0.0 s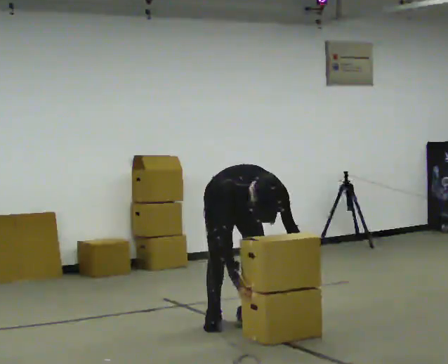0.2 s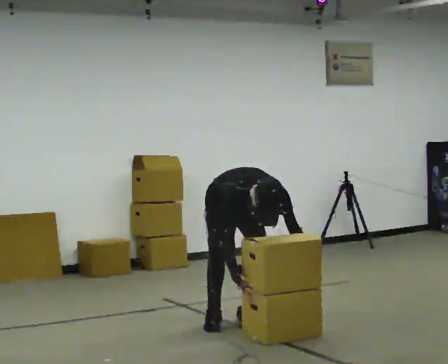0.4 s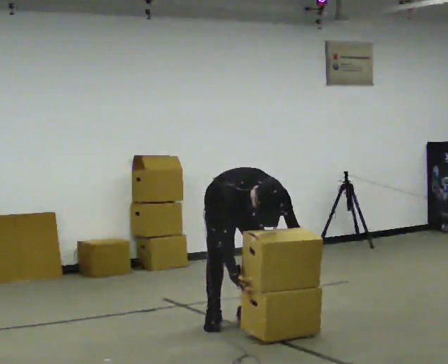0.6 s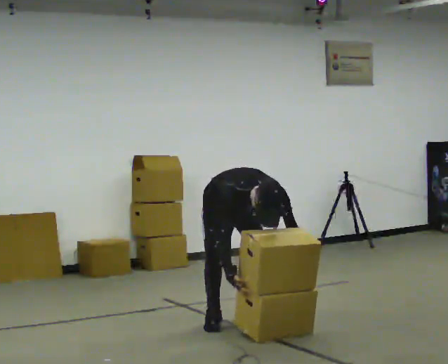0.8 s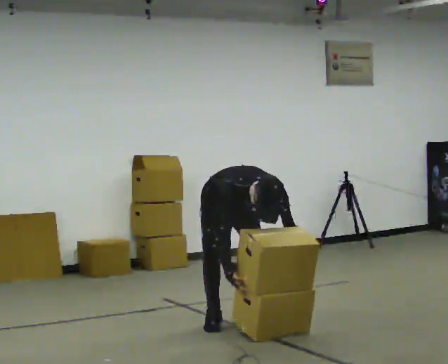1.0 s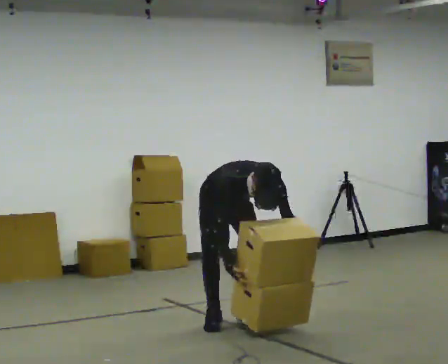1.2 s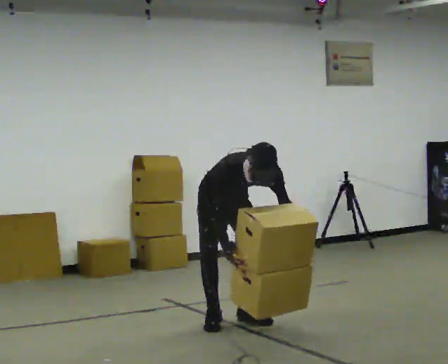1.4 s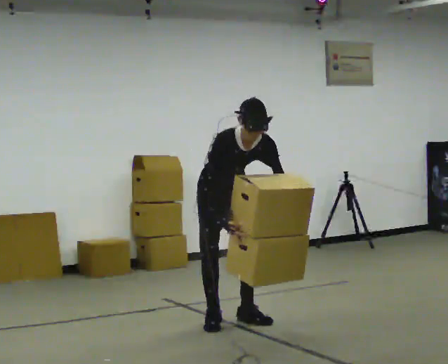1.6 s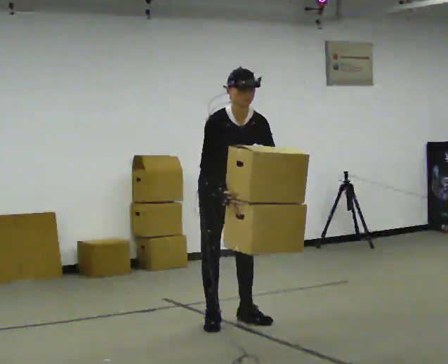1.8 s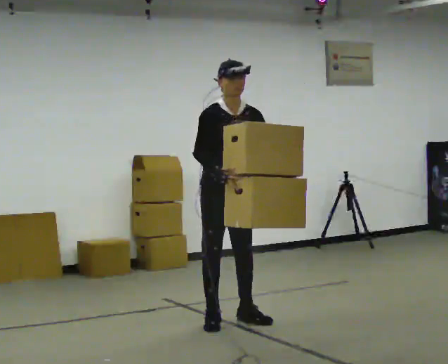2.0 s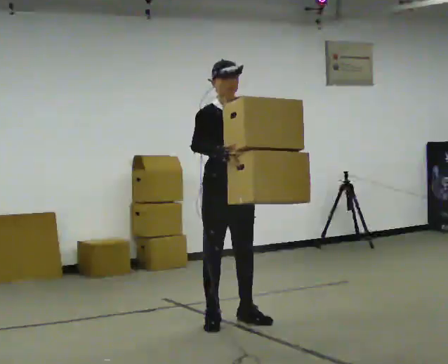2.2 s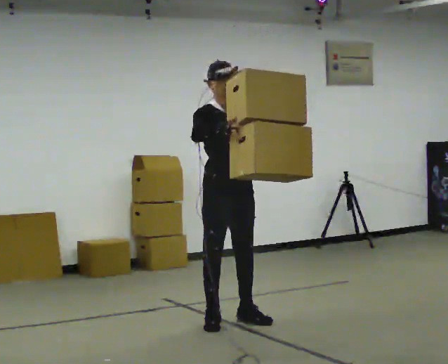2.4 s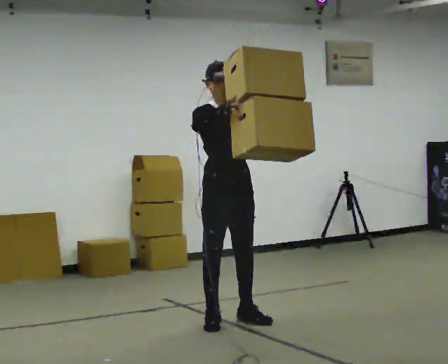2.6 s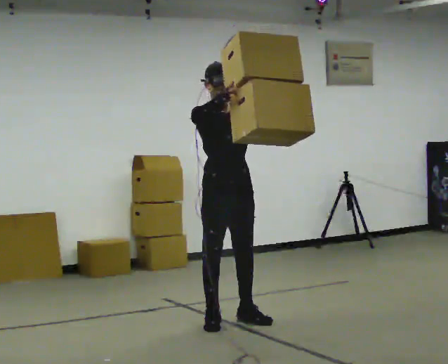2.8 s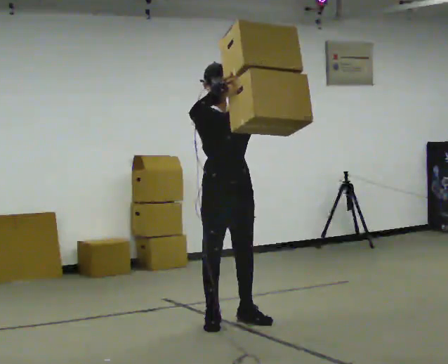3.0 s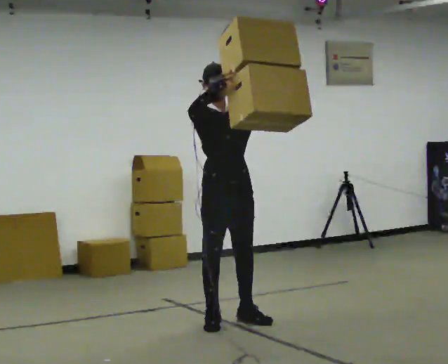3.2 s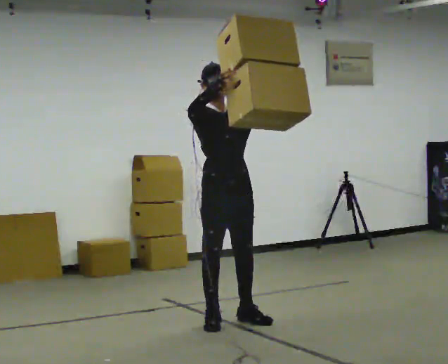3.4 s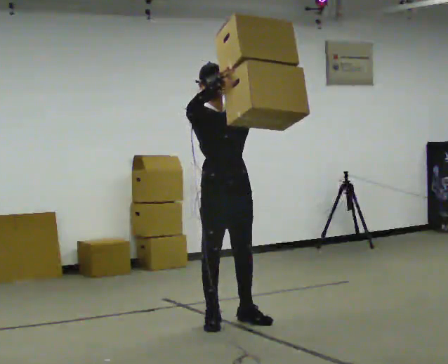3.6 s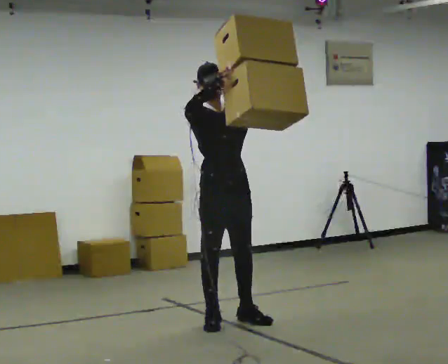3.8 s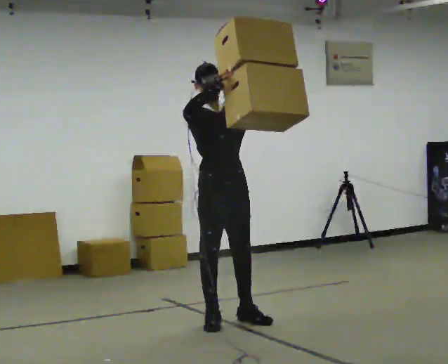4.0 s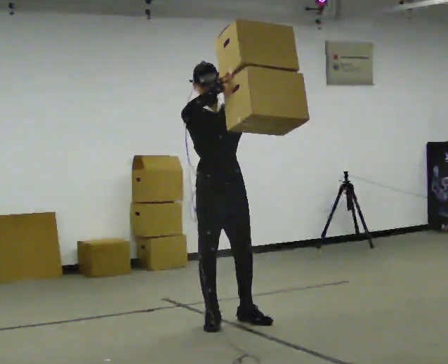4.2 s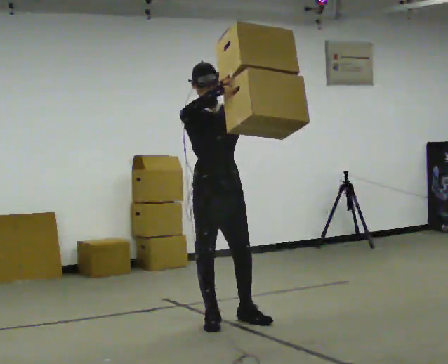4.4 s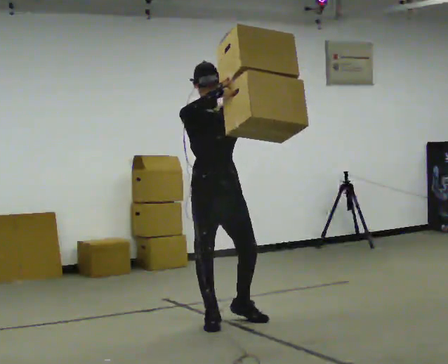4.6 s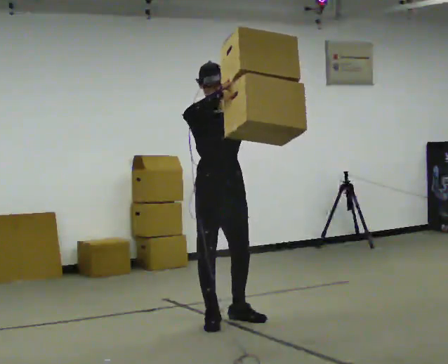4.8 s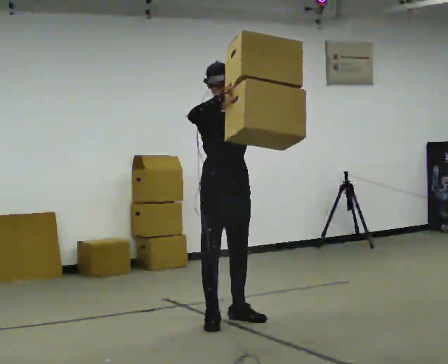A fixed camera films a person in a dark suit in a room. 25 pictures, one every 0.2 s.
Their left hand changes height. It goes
upward.
Their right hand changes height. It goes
upward.
0.0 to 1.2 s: The person moves a little, or ends about where they began.
1.2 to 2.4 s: In the picture they go toward the camera, about 0.25 m, which for them is forward. The upper body goes upward. The upper body tips away from the camera, its near side rolling upward, as they lean back or straighten. In the picture their right hand goes upward.
2.4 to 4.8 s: The person moves a little, or ends about where they began.
The film runs backward here.
